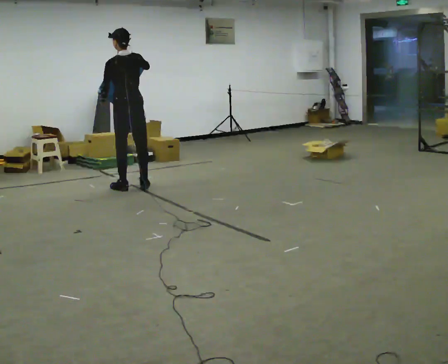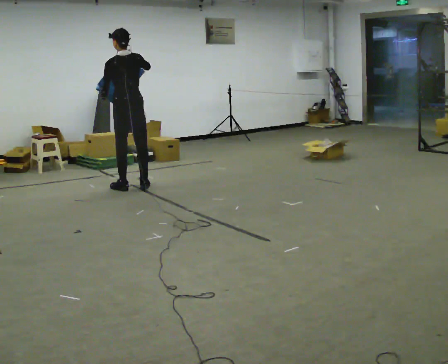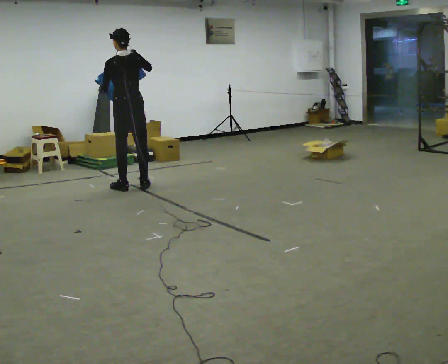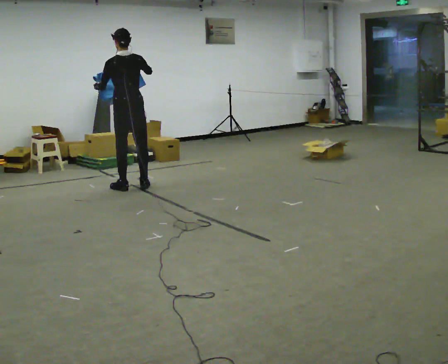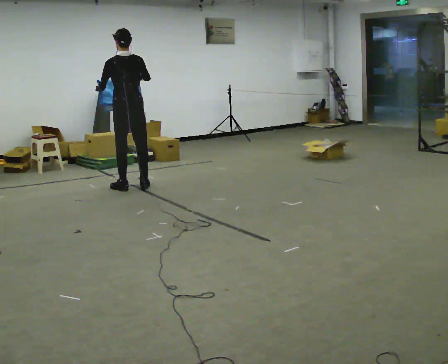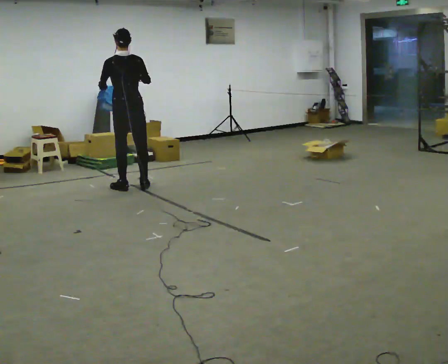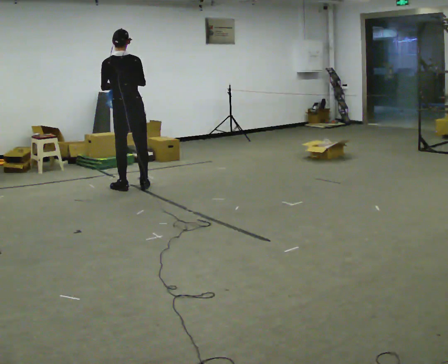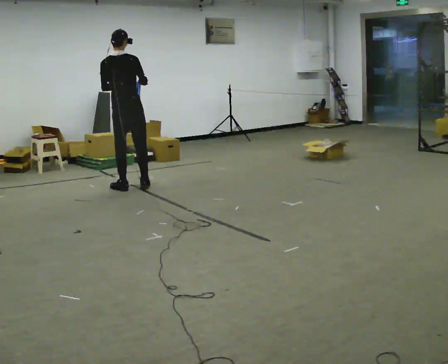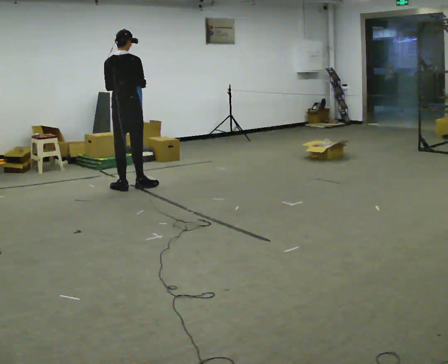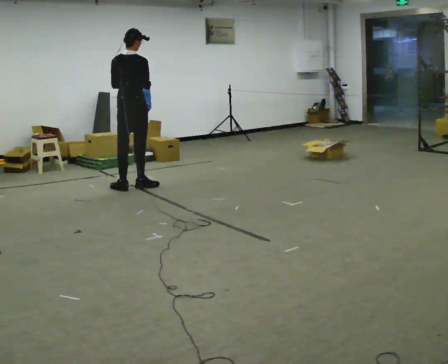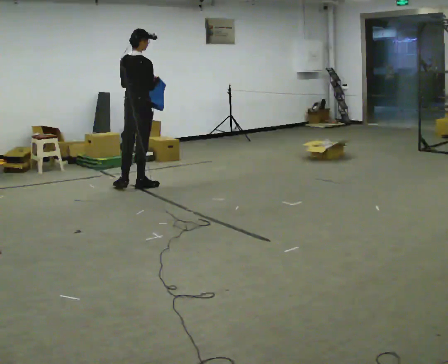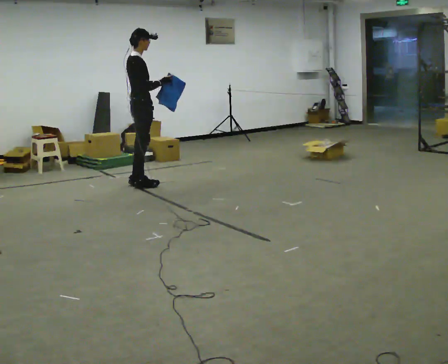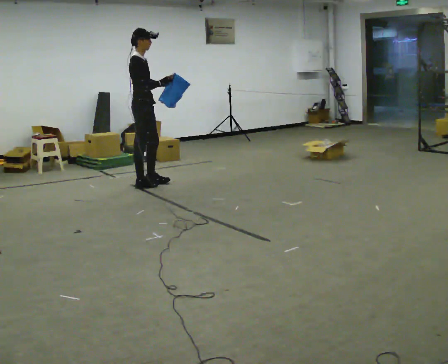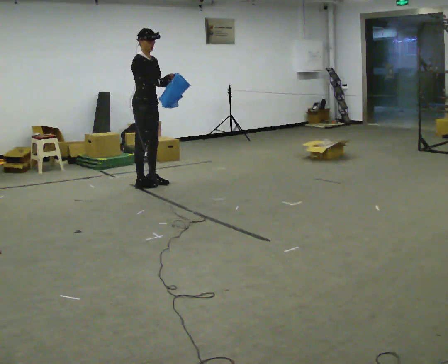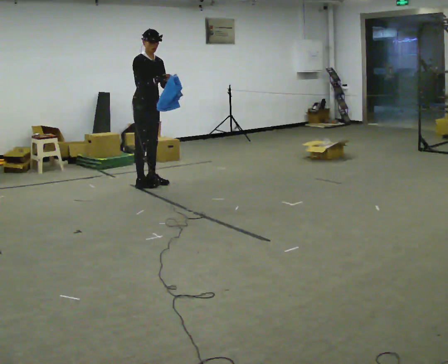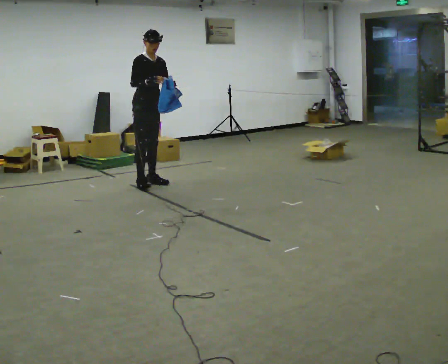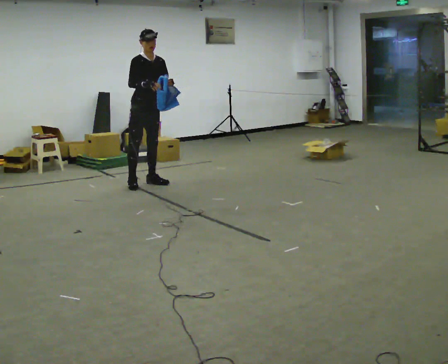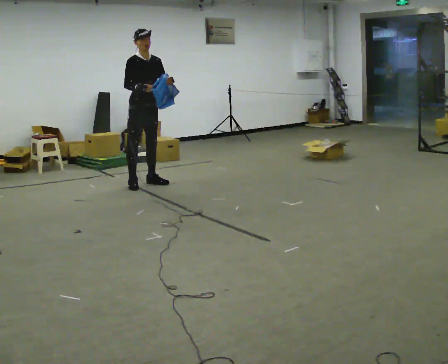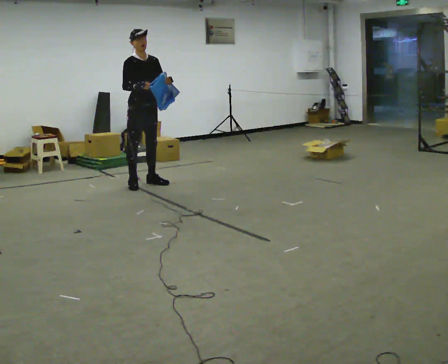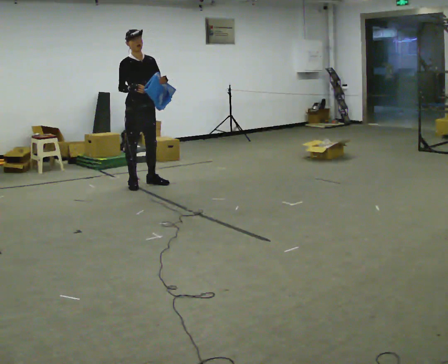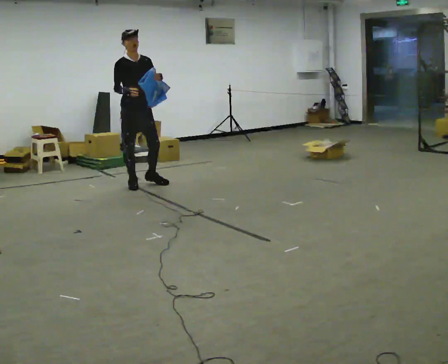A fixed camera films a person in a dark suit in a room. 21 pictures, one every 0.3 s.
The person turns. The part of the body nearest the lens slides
to the left.
The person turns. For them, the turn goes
to their right.
0.0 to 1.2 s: The person moves a little, or ends about where they began.
1.2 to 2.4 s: The person turns about 30 degrees to their right, clockwise seen from above, so the part of the body nearest the lens slides to the left. In the picture their left hand goes to the right.
2.4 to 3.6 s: The person turns about 75 degrees to their right, clockwise seen from above, so the part of the body nearest the lens slides to the left. In the picture they go to the right, about 0.25 m in 1 step. In the picture their left hand goes to the right.
3.6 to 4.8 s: Seen from above the body turns clockwise, about 45 degrees: to their right, with its near side sliding to the left. In the picture they go away from the camera, about 0.25 m, which for them is to their left.
4.8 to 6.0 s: In the picture they go toward the camera, about 0.25 m, which for them is to their right.
The film runs forward here.
